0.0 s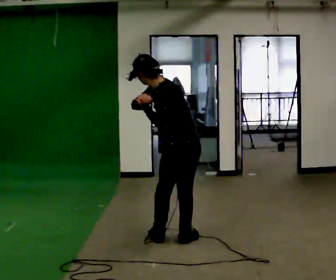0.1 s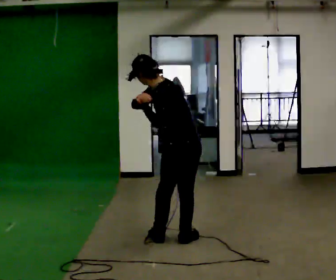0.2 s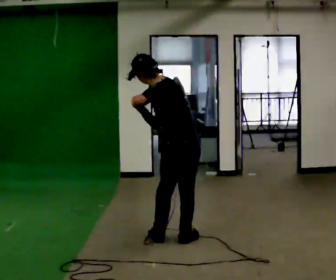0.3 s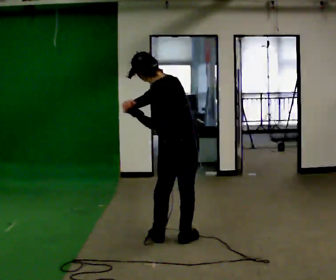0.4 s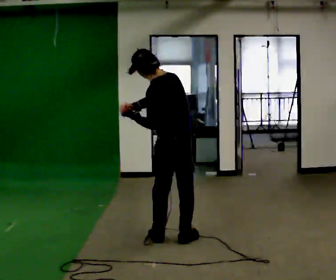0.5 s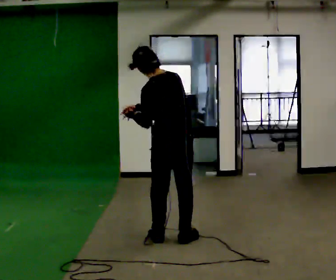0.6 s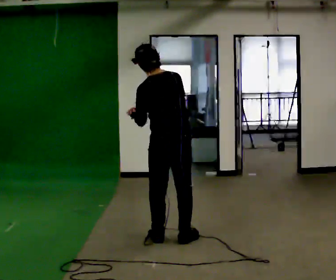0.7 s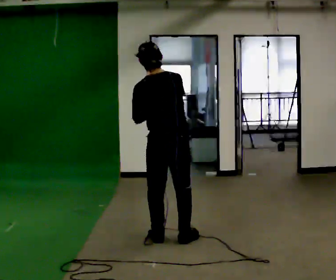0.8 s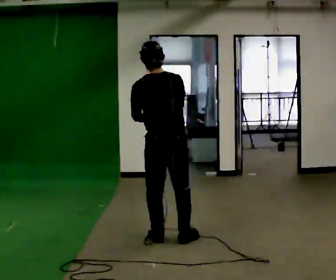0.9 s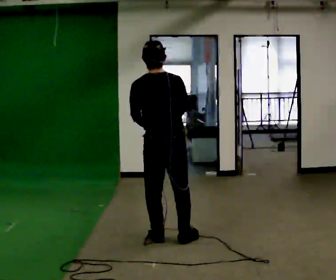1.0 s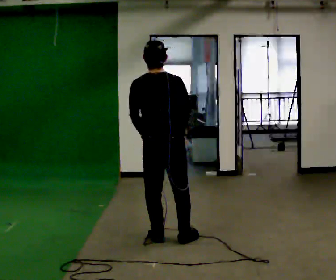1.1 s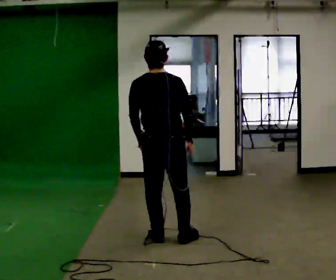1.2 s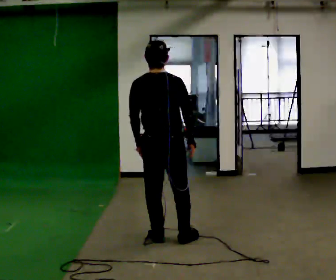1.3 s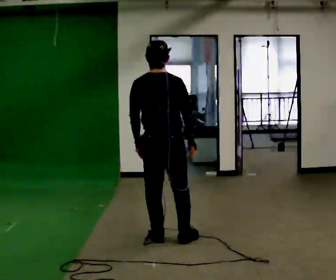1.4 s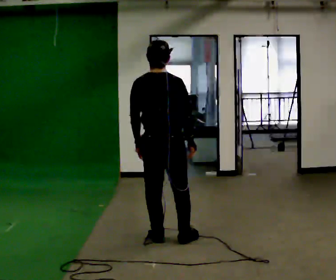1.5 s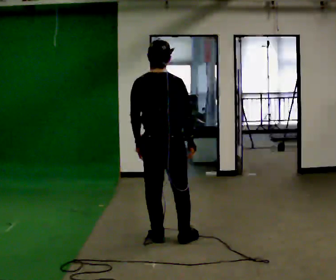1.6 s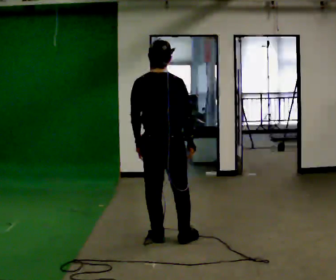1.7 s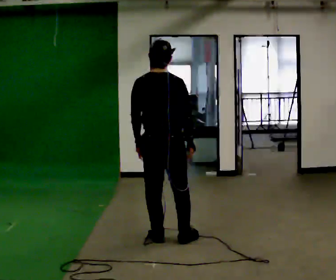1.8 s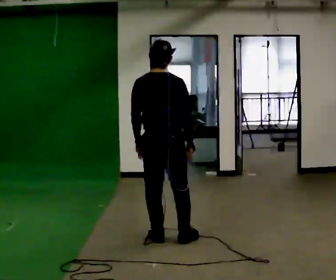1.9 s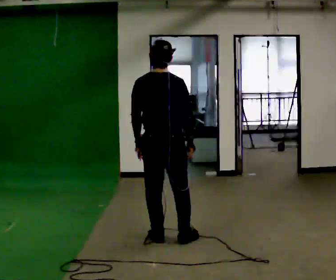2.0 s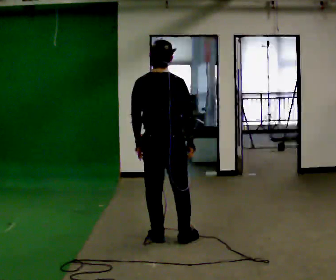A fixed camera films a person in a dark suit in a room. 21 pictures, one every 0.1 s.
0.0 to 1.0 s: The part of the body nearest the lens slides to the left as the person turns to their right by about 60 degrees. In the picture the upper body tilts clockwise, shoulders to the right, as they lean back or straighten. In the picture their right hand goes to the right.
1.0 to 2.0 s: The person moves a little, or ends about where they began.
The film runs backward here.
